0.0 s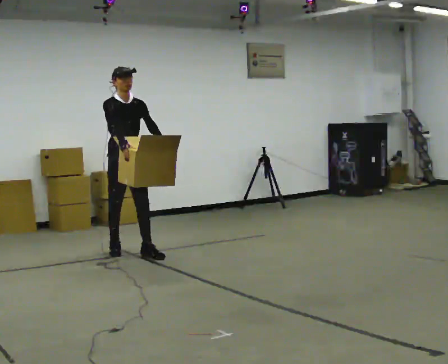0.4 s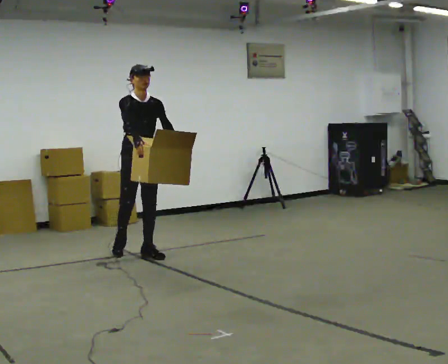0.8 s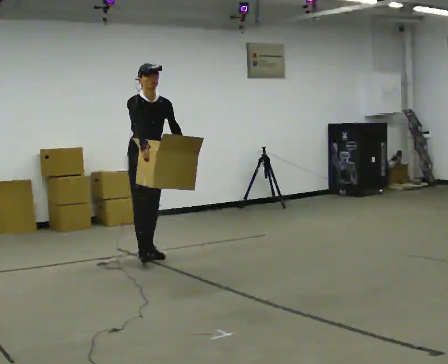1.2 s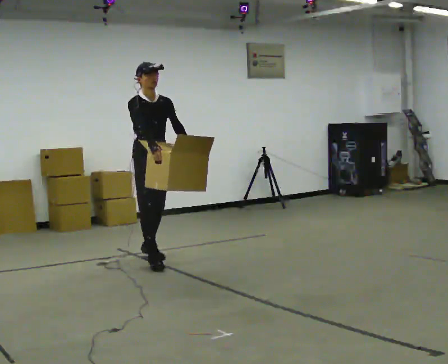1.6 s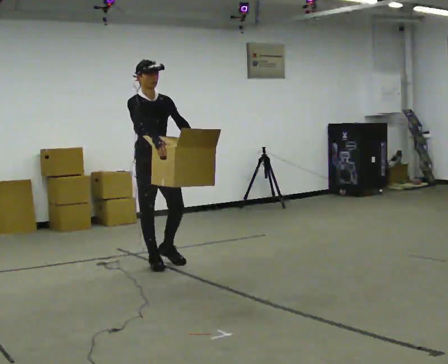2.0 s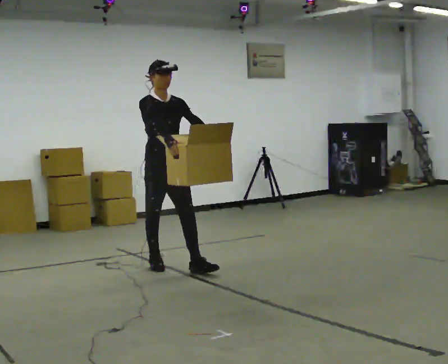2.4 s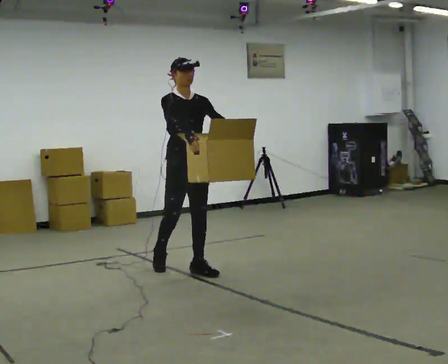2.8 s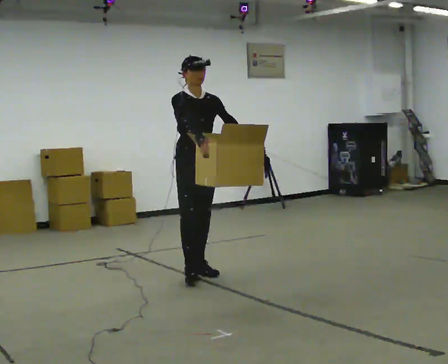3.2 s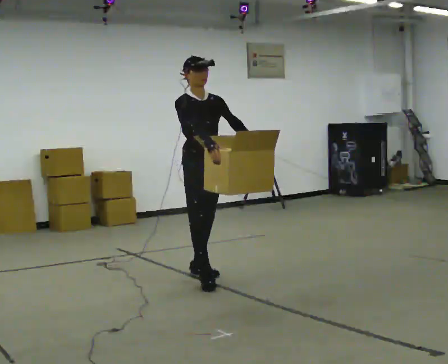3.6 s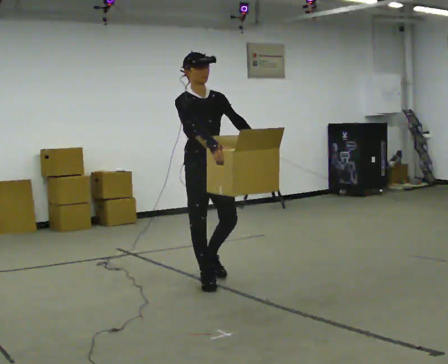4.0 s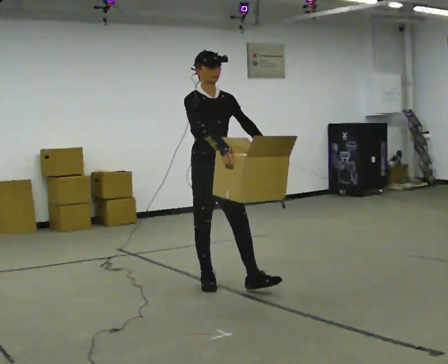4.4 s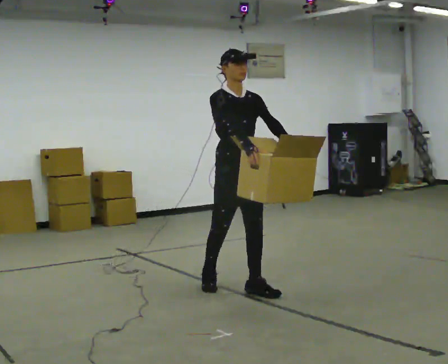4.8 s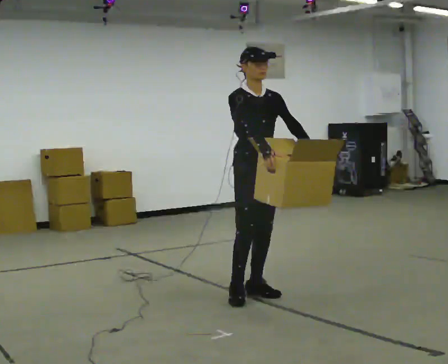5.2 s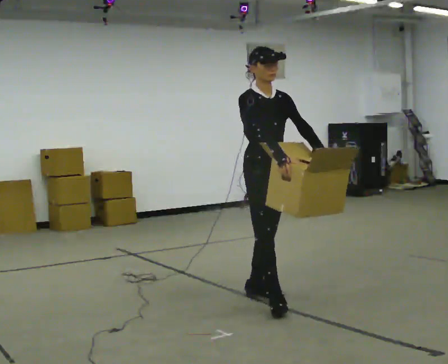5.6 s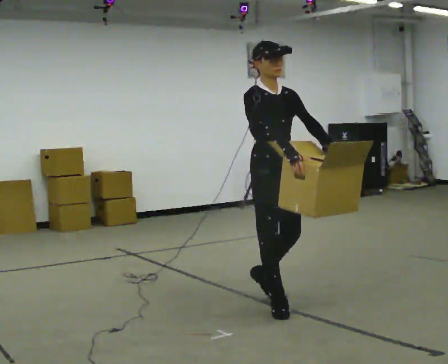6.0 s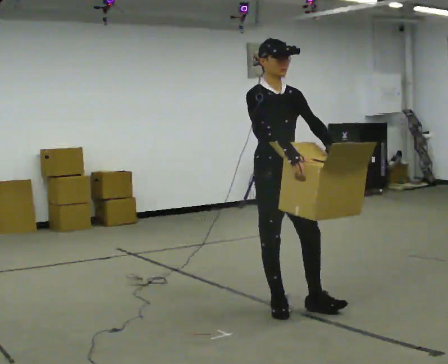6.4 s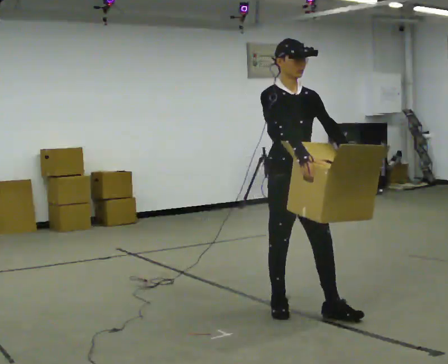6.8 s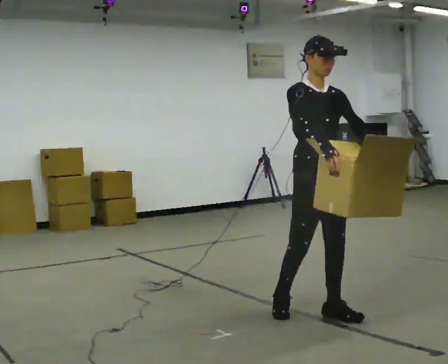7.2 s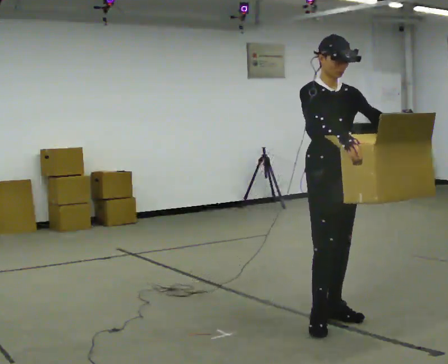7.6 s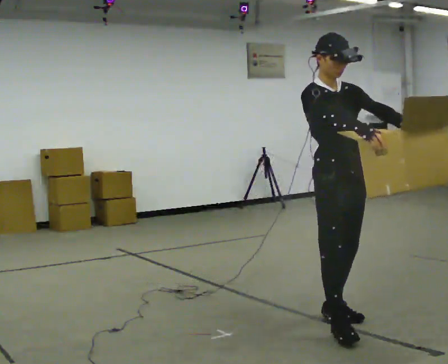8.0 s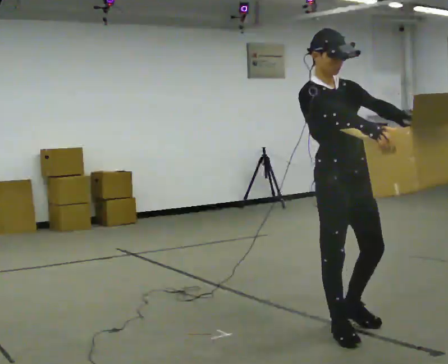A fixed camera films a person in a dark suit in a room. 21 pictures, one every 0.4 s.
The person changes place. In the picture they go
toward the camera.
0.0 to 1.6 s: In the picture they go toward the camera and to the right, about 0.5 m in 1 step, which for them is forward.
1.6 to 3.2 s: In the picture they go toward the camera and to the right, about 0.5 m in 2 steps, which for them is forward.
3.2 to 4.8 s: In the picture they go toward the camera and to the right, about 0.75 m in 1 step, which for them is forward.
4.8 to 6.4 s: In the picture they go toward the camera, about 0.5 m in 2 steps, which for them is forward.
6.4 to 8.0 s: In the picture they go toward the camera and to the right, about 0.5 m in 1 step, which for them is forward.
The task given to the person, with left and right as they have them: Carry the object across the room. The lid hangs loose and will swing, so carry it however works. Keep going until the operator says stop; one object at a time, and do not rush between trips.
The film runs forward here.
